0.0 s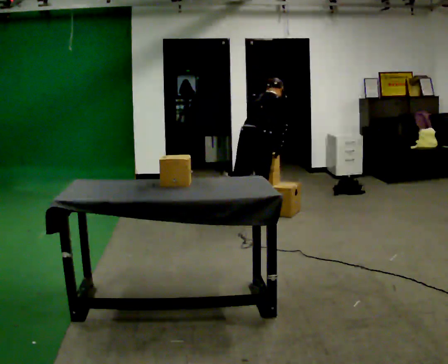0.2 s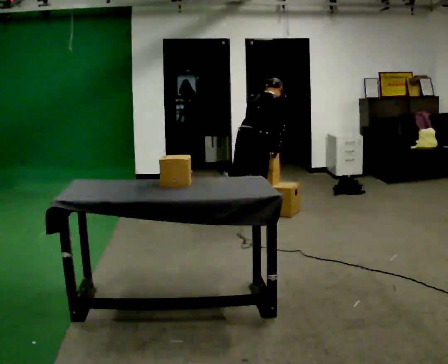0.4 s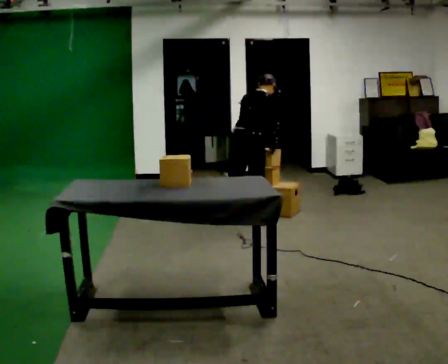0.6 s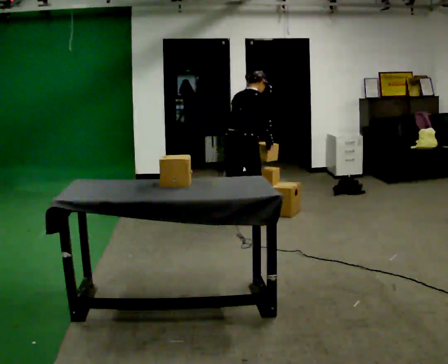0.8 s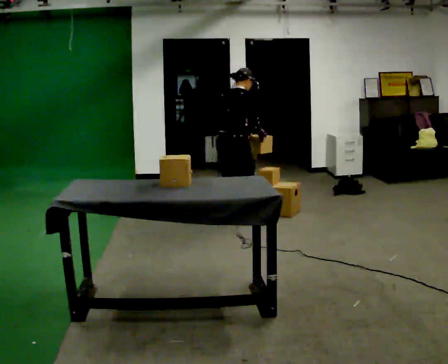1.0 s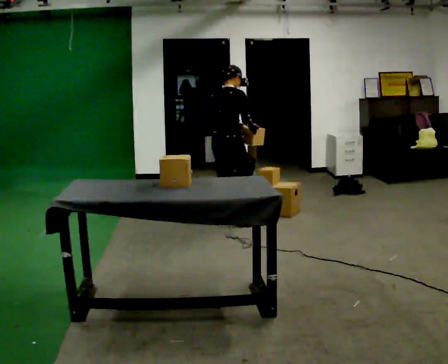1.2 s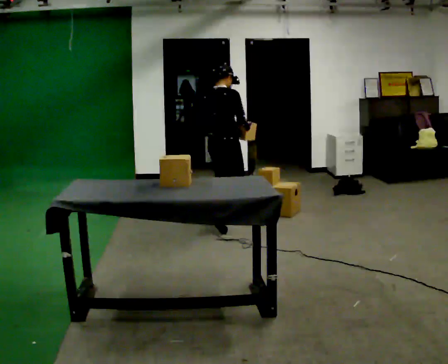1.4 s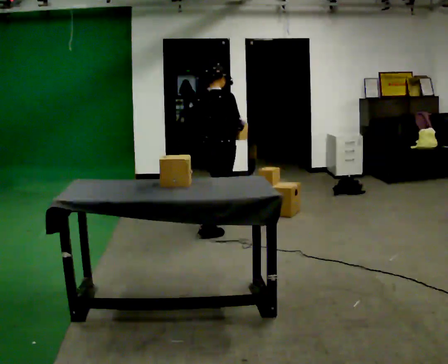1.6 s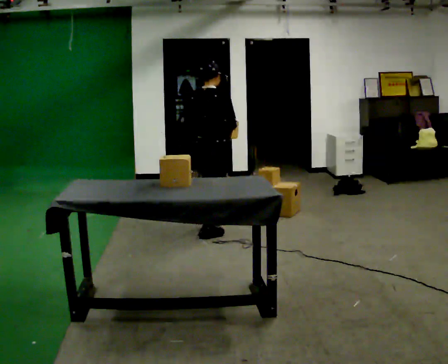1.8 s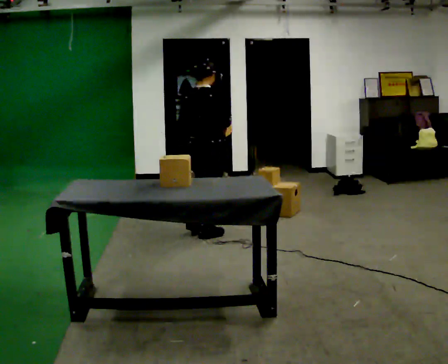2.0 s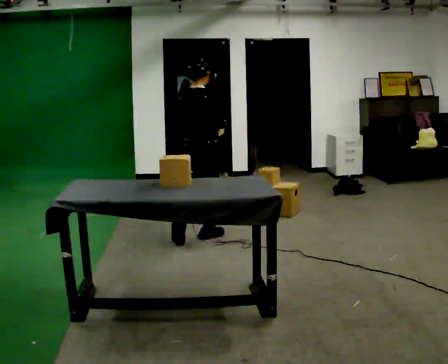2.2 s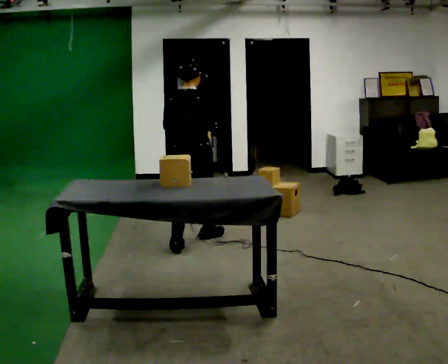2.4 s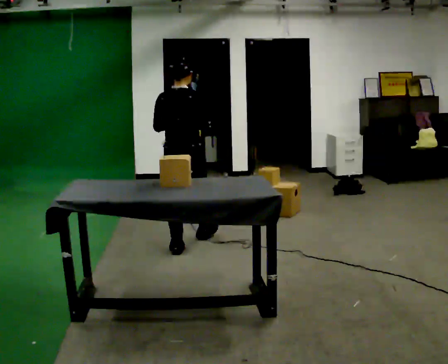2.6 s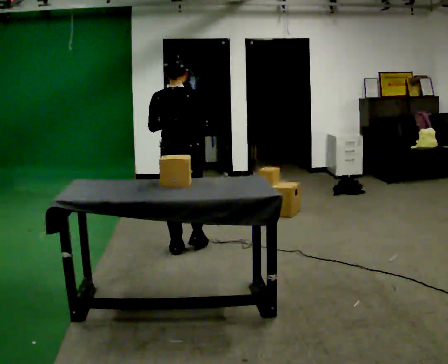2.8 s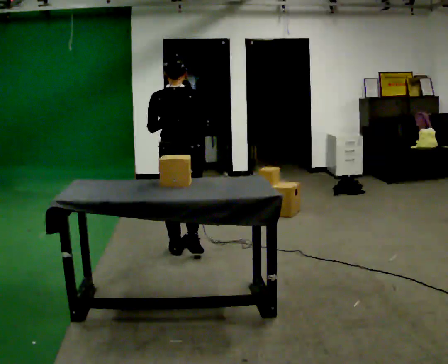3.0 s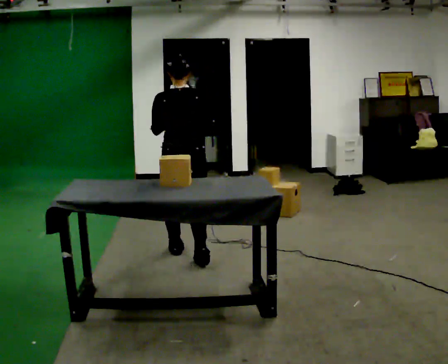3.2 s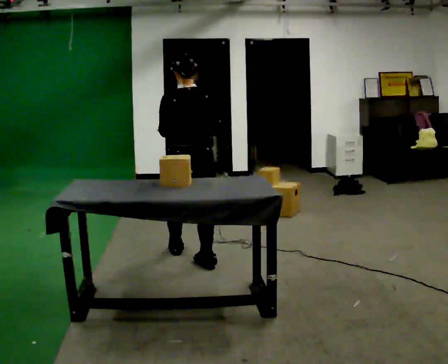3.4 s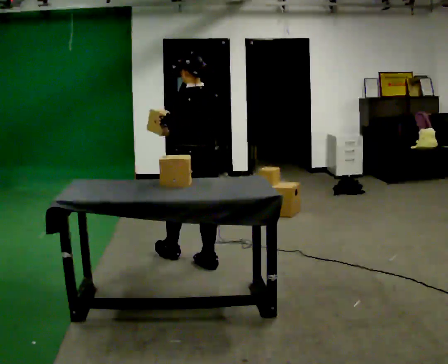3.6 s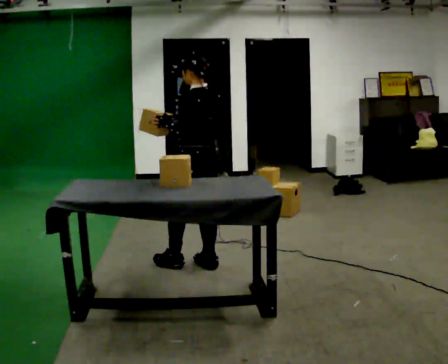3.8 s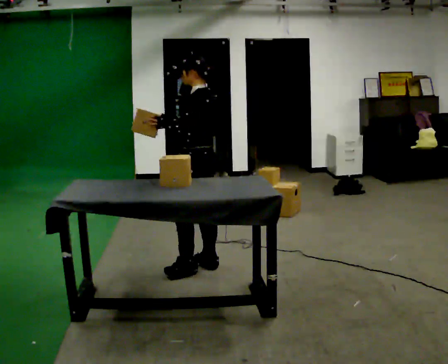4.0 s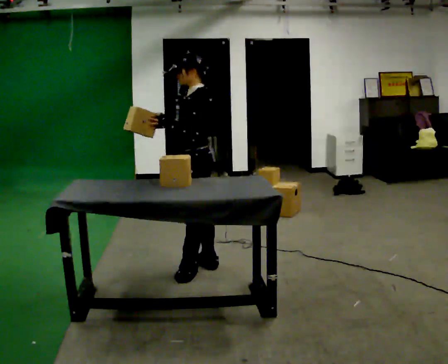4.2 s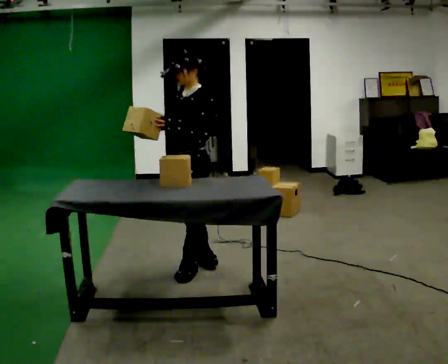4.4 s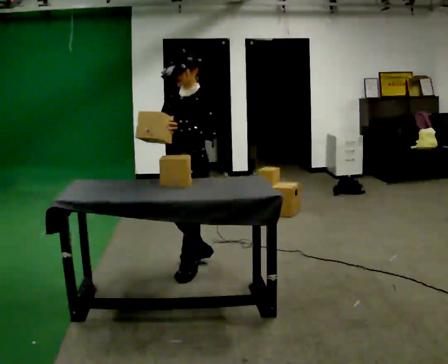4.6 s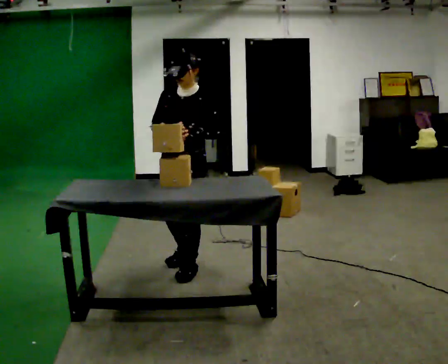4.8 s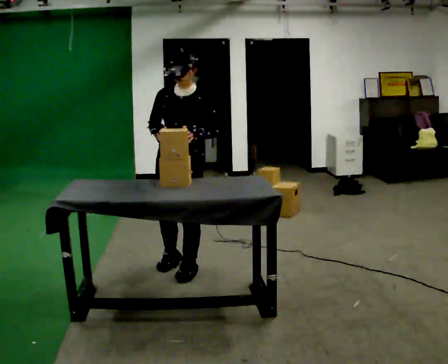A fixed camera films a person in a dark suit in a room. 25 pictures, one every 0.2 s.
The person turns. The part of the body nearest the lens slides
to the right.
The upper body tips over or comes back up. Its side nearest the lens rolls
downward.
0.0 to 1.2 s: In the picture they go to the left, about 0.25 m in 1 step, which for them is backward and to their left. The upper body tips toward the camera, its near side rolling downward, as they lean back or straighten.
1.2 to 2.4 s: Seen from above the body turns counterclockwise, about 30 degrees: to their left, with its near side sliding to the right. In the picture they go toward the camera and to the left, about 0.75 m in 2 steps, which for them is backward.
2.4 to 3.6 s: The person turns about 60 degrees to their left, counterclockwise seen from above, so the part of the body nearest the lens slides to the right. In the picture they go toward the camera, about 0.5 m in 1 step.
3.6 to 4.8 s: The part of the body nearest the lens slides to the right as the person turns to their left by about 105 degrees. In the picture they go to the left, about 0.25 m in 1 step.
The film runs backward here.
